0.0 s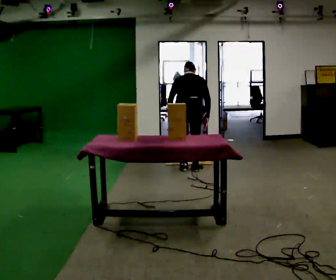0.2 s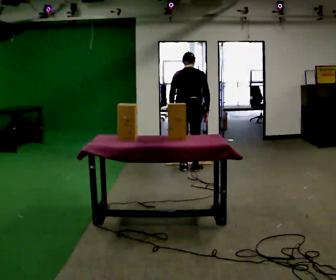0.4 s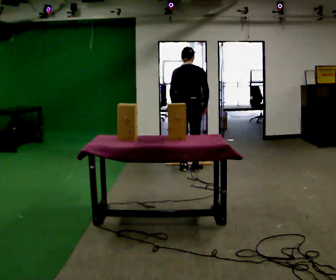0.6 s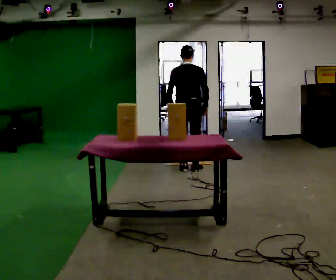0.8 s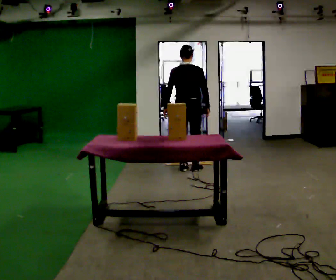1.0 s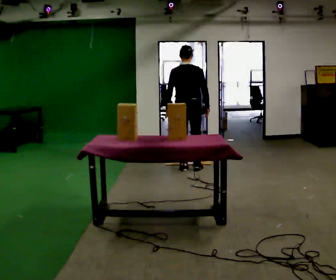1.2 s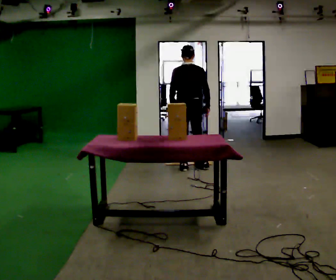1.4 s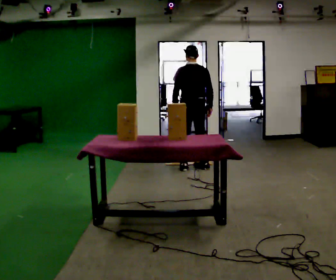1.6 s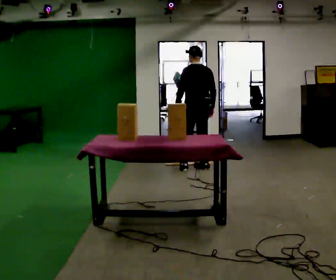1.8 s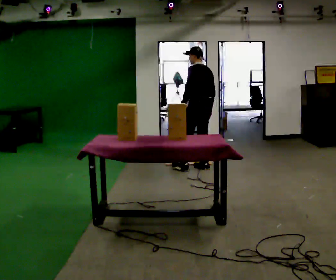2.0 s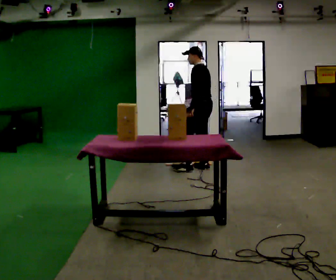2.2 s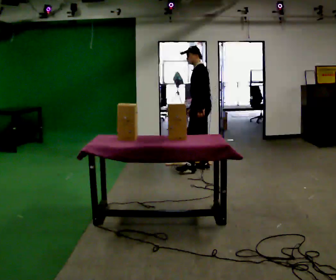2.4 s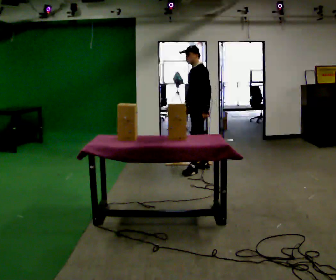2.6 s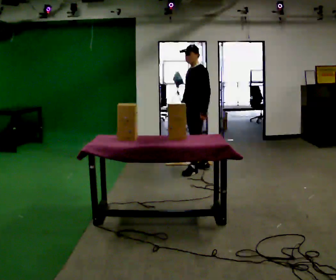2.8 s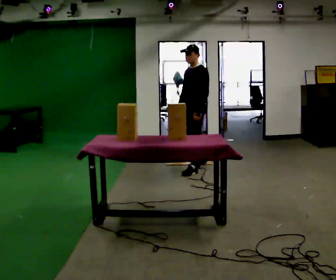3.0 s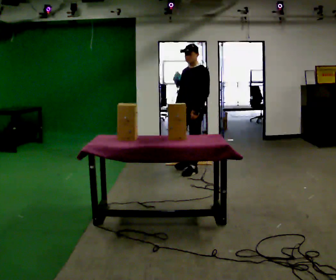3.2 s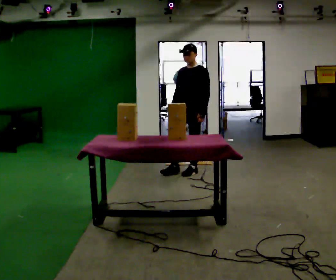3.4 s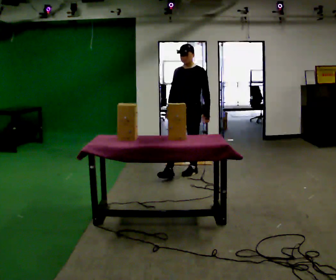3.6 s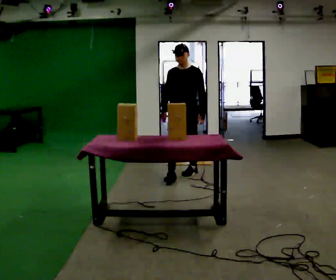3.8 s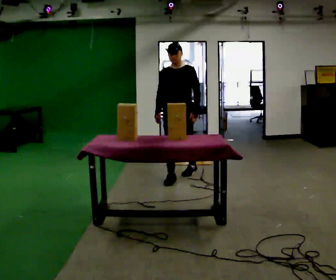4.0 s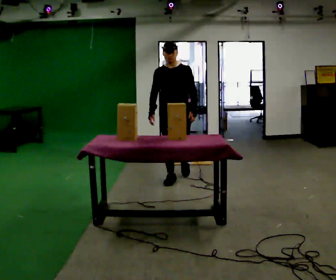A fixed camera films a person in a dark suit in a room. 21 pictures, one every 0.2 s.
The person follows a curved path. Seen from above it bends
clockwise.
The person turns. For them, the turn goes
to their left.
0.0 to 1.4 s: The upper body tips toward the camera, its near side rolling downward, as they lean back or straighten.
1.4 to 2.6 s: The person turns about 90 degrees to their left, counterclockwise seen from above, so the part of the body nearest the lens slides to the right. In the picture their left hand goes to the right.
2.6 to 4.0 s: Seen from above the body turns counterclockwise, about 60 degrees: to their left, with its near side sliding to the right. In the picture they go toward the camera and to the left, about 0.5 m in 1 step.
The film runs forward here.
